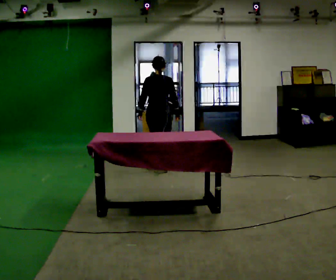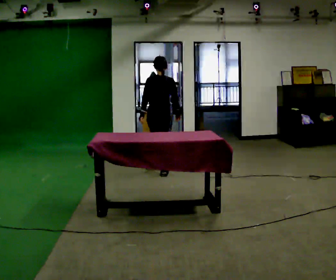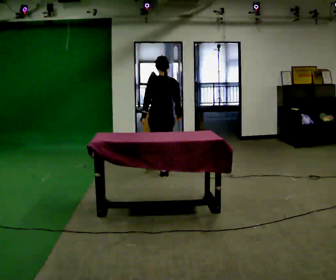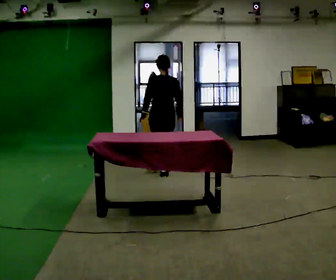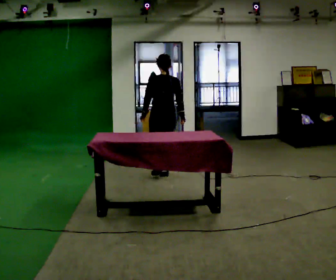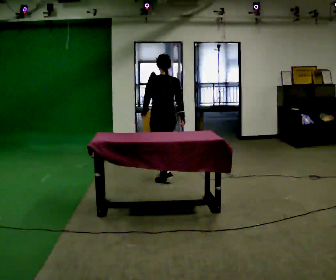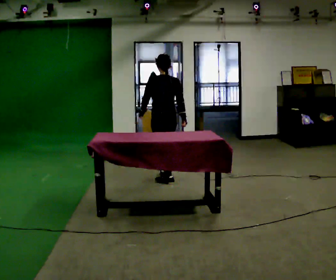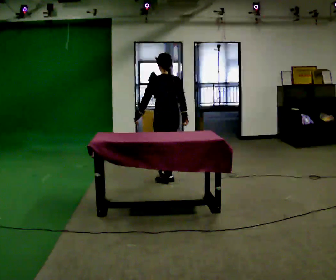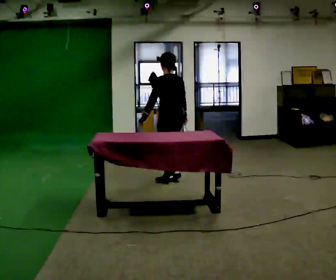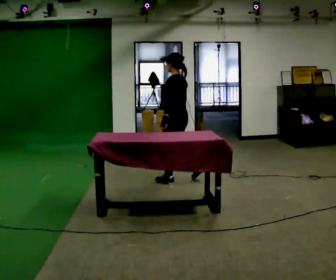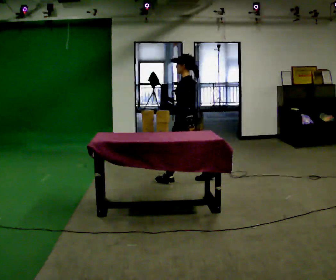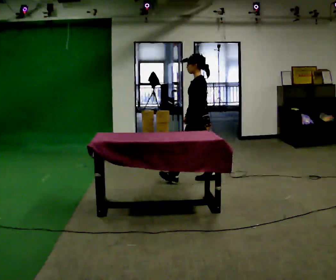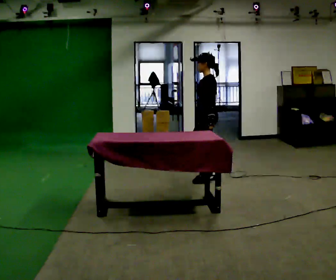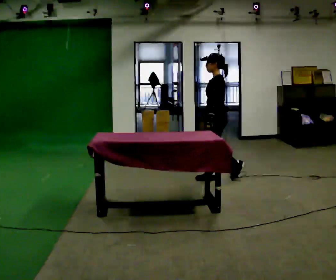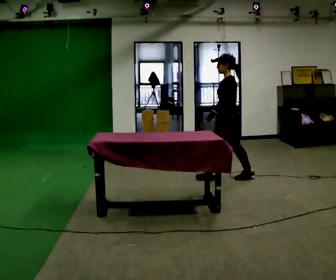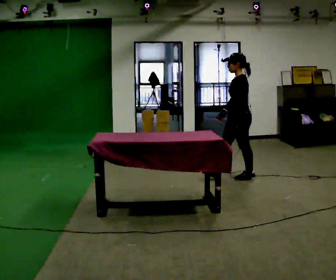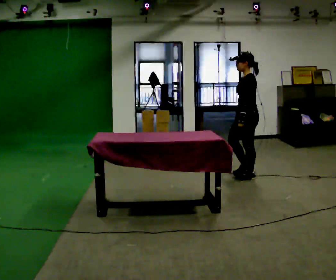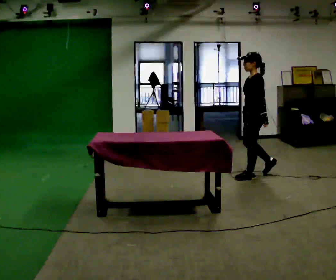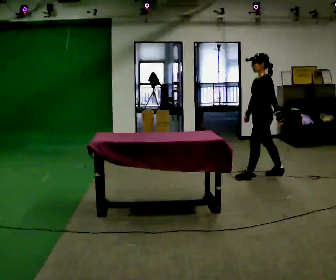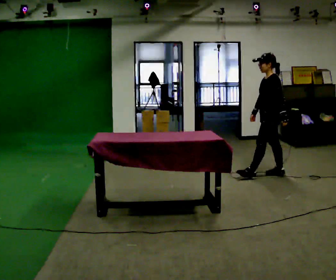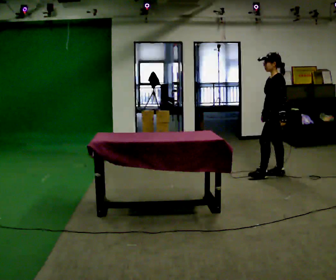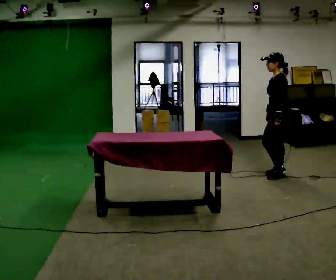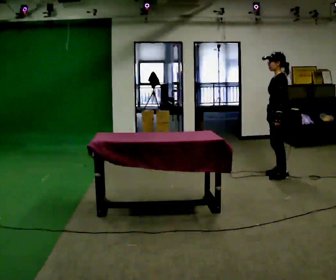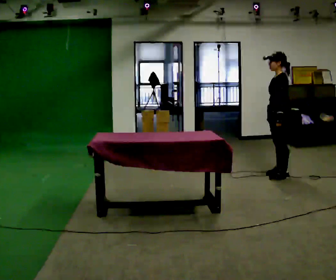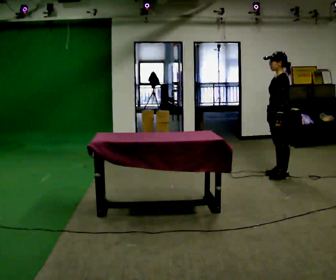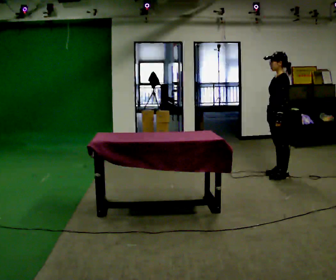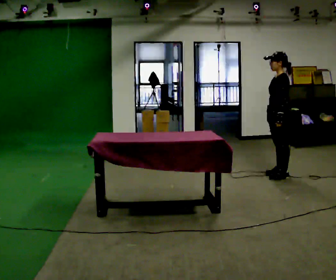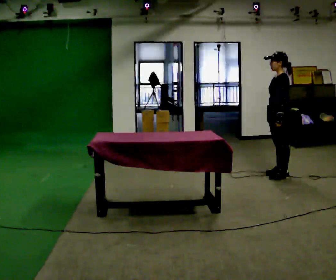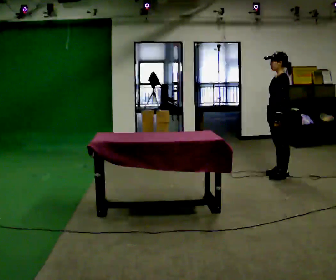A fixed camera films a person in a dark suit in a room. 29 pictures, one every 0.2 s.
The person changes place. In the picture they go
to the right.
The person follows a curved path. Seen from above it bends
counterclockwise.
0.0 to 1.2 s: Seen from above the body turns counterclockwise, about 30 degrees: to their left, with its near side sliding to the right. In the picture they go toward the camera, about 0.5 m in 1 step, which for them is backward.
1.2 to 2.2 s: The person turns about 60 degrees to their left, counterclockwise seen from above, so the part of the body nearest the lens slides to the right. In the picture they go to the right, about 0.5 m in 2 steps, which for them is backward and to their right.
2.2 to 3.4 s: In the picture they go to the right, about 0.5 m in 1 step, which for them is backward.
3.4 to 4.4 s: In the picture they go to the right, about 0.25 m in 1 step, which for them is backward.
4.4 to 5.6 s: The person moves a little, or ends about where they began.
The film runs backward here.
